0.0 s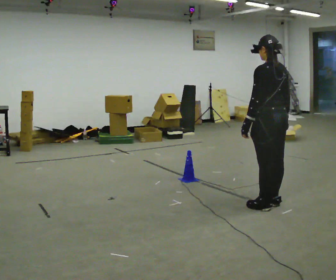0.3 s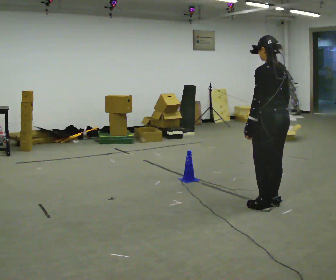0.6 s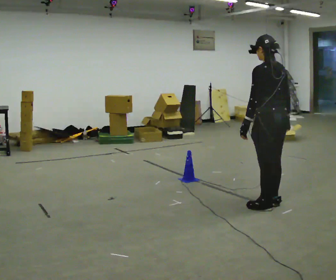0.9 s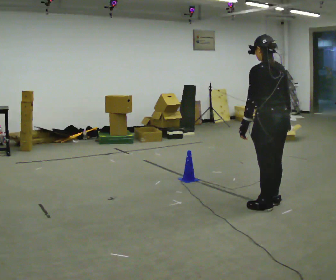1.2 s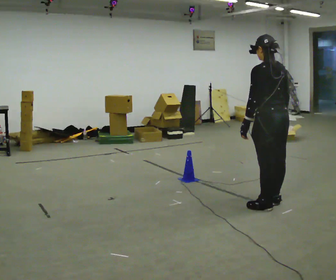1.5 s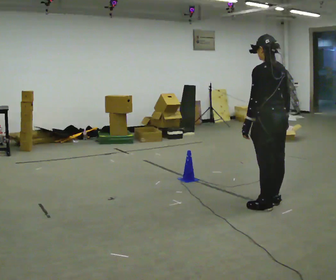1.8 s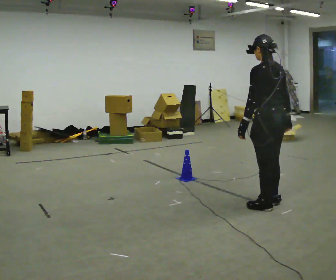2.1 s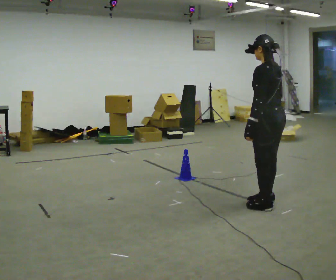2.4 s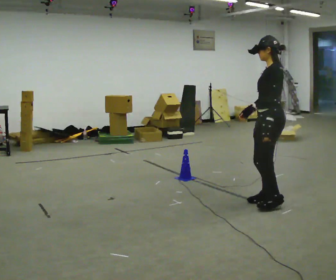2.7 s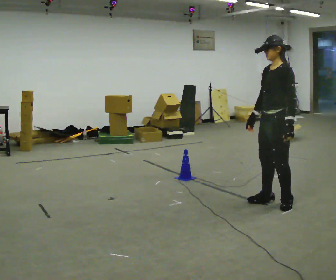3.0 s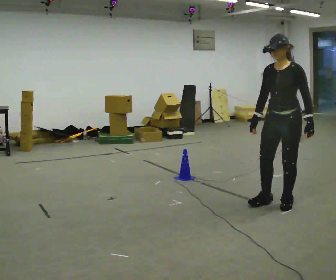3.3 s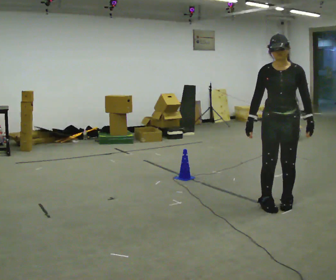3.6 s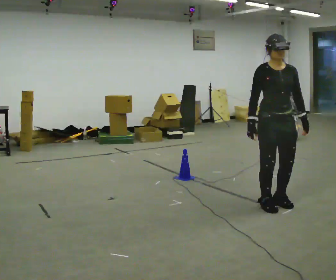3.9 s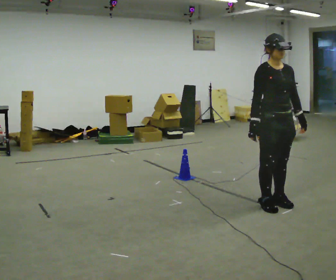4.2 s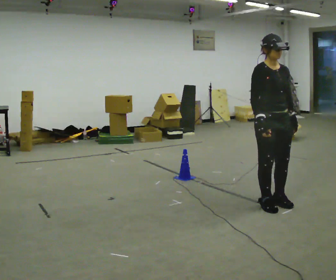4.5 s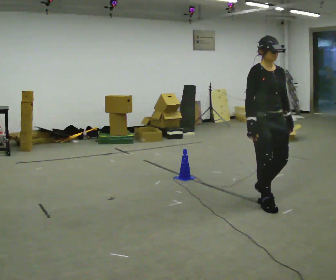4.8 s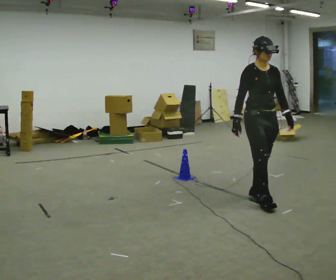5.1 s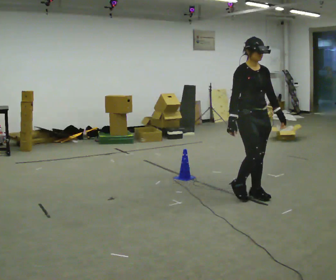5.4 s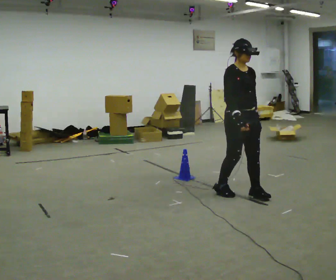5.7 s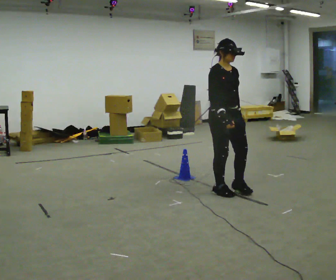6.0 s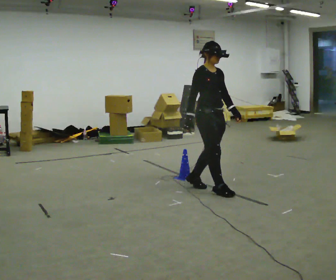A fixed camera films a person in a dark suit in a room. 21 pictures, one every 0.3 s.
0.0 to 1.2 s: The person moves a little, or ends about where they began.
1.2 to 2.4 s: The part of the body nearest the lens slides to the right as the person turns to their left by about 45 degrees. In the picture their right hand goes to the left.
2.4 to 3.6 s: The person turns about 120 degrees to their left, counterclockwise seen from above, so the part of the body nearest the lens slides to the right. In the picture their left hand goes to the right.
3.6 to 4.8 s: In the picture they go away from the camera and to the left, about 0.25 m in 2 steps, which for them is backward.
4.8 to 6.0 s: In the picture they go to the left and away from the camera, about 0.5 m in 1 step, which for them is backward.
The film runs backward here.
